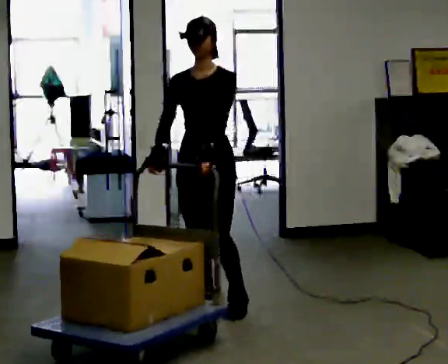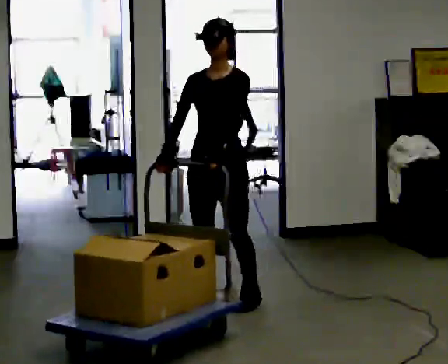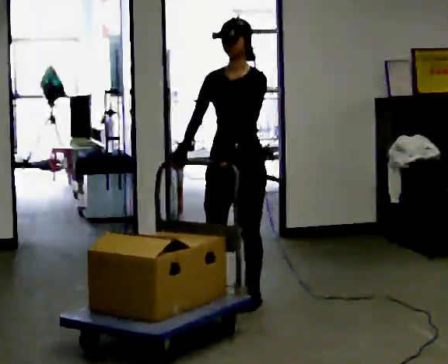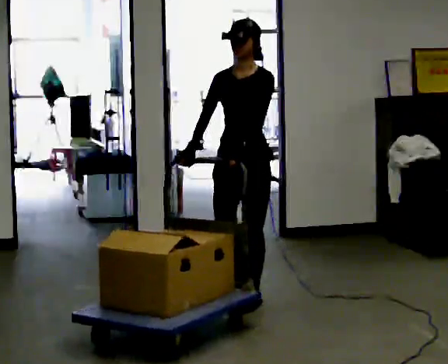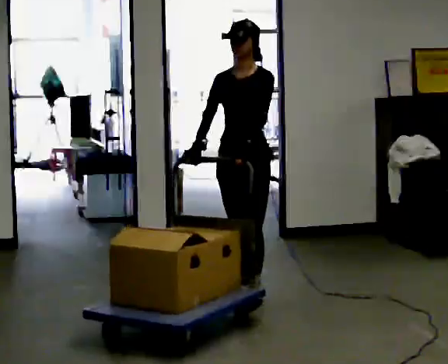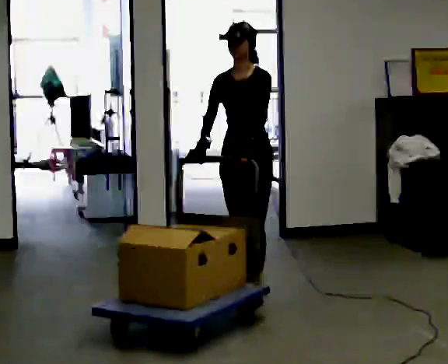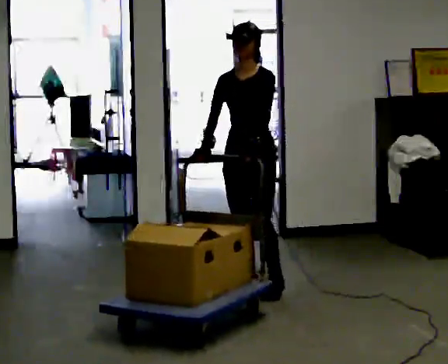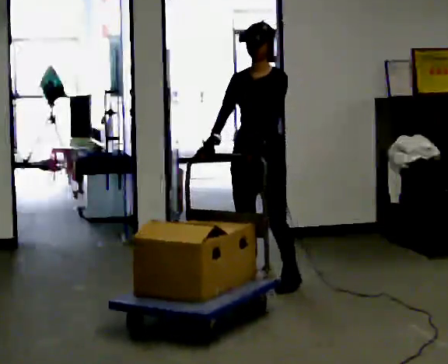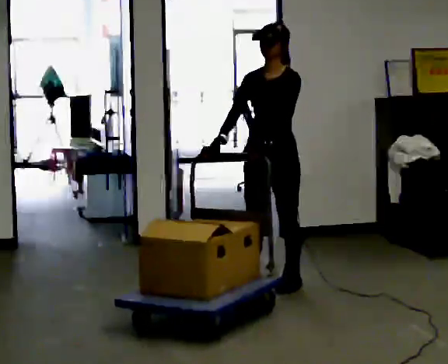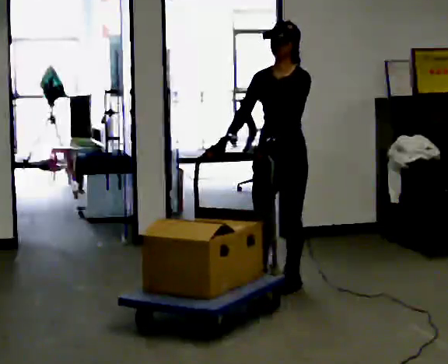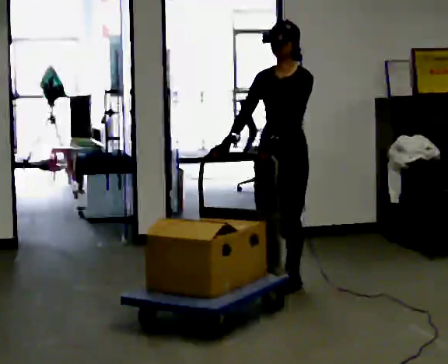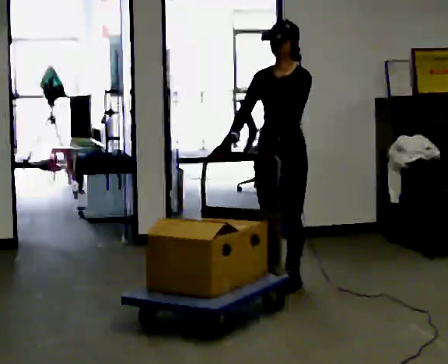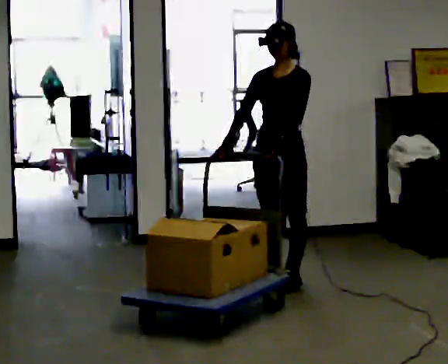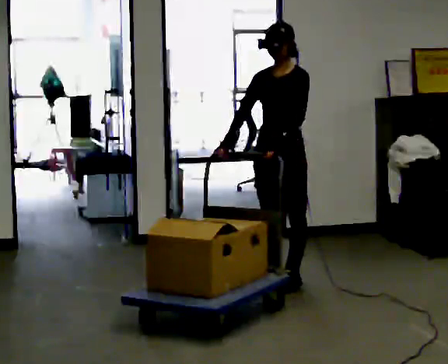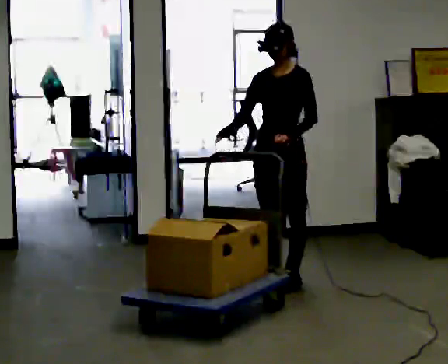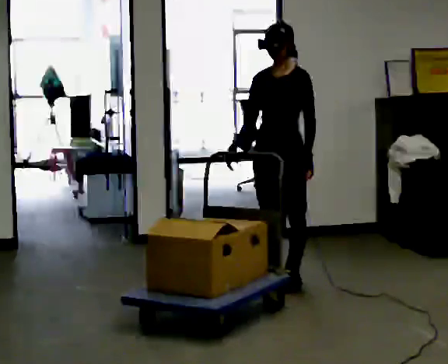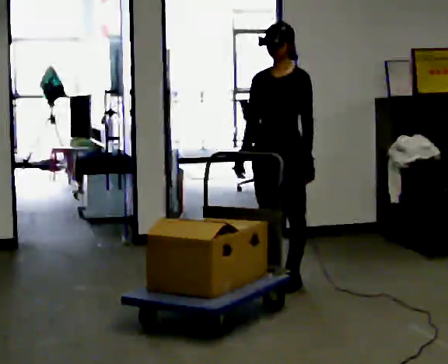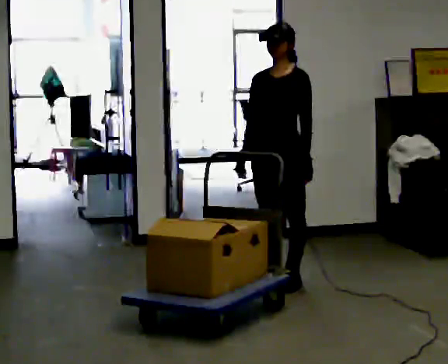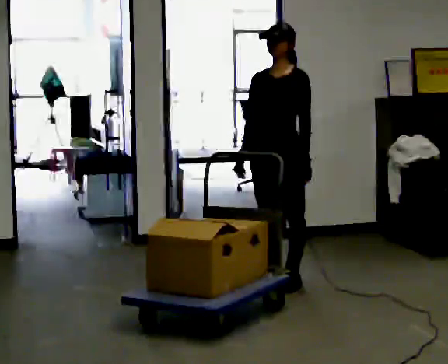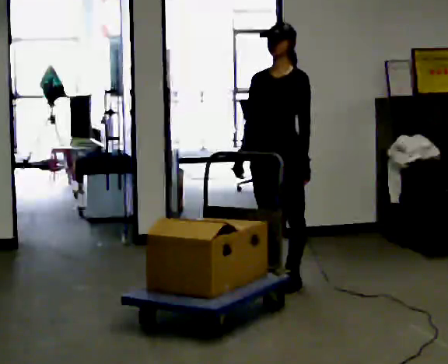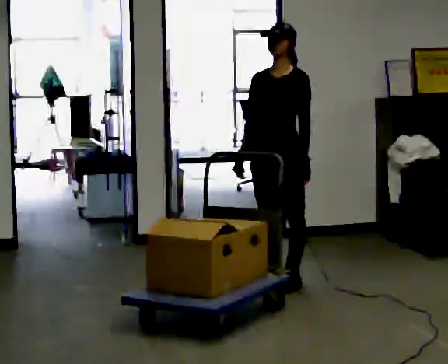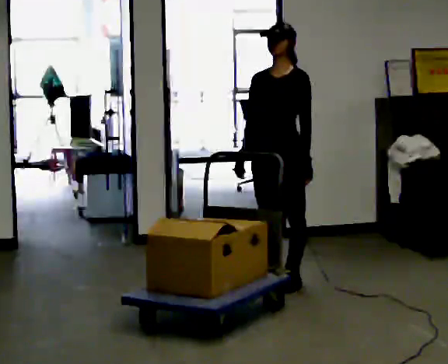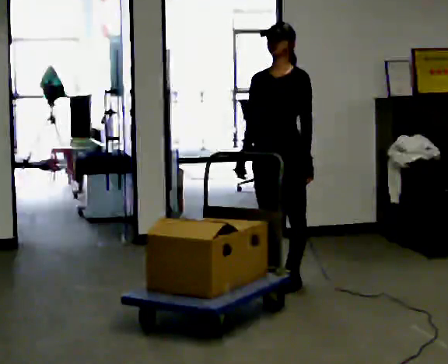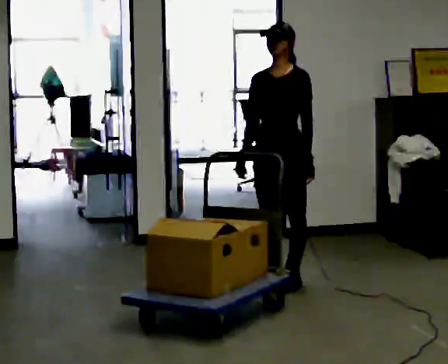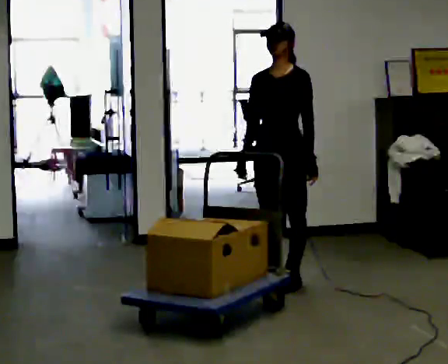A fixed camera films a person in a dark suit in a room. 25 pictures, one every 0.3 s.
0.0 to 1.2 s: In the picture they go away from the camera and to the right, about 0.25 m in 1 step, which for them is backward.
1.2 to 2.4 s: In the picture they go away from the camera and to the right, about 0.25 m in 1 step, which for them is backward.
2.4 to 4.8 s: The person moves a little, or ends about where they began.
4.8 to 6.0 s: The person keeps their place and pose.
6.0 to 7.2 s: The person moves a little, or ends about where they began.
The film runs backward here.
